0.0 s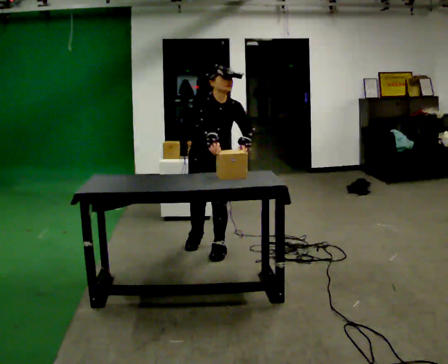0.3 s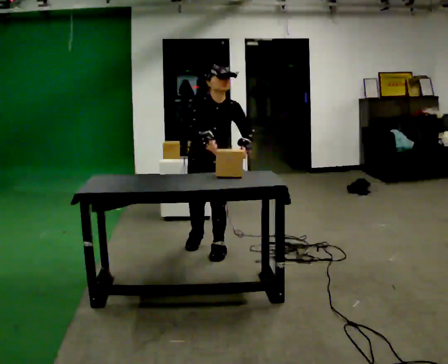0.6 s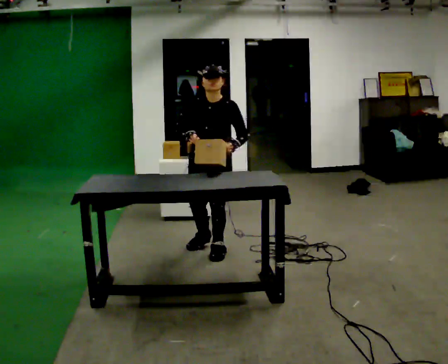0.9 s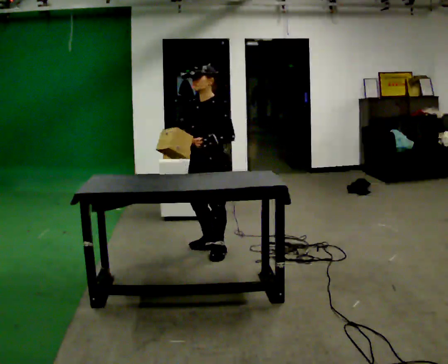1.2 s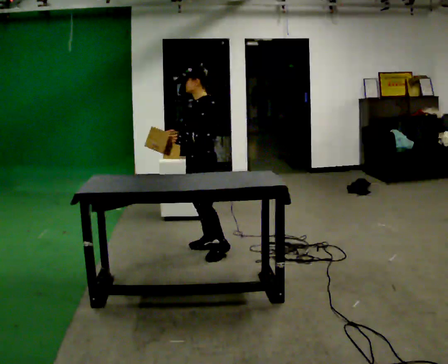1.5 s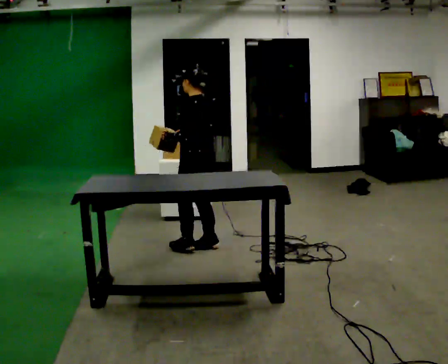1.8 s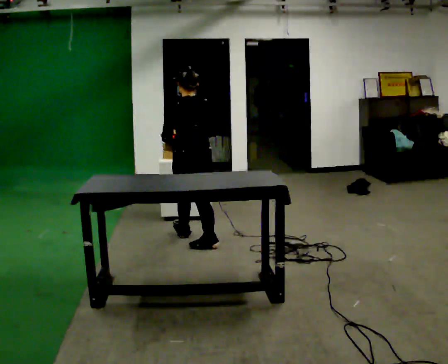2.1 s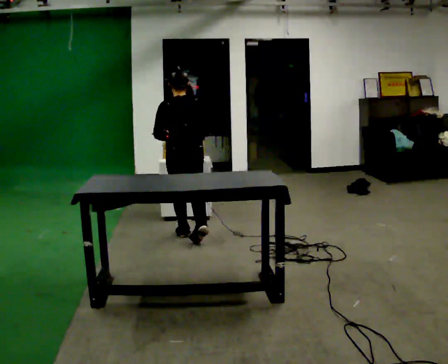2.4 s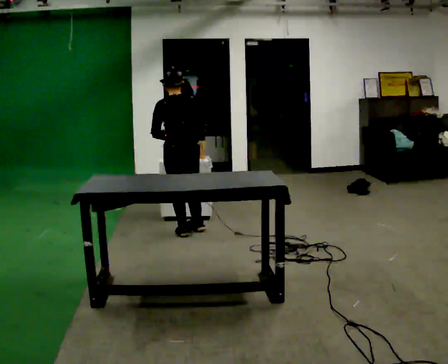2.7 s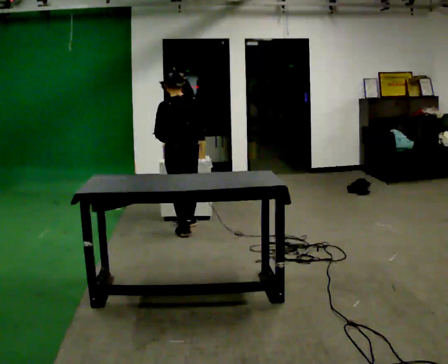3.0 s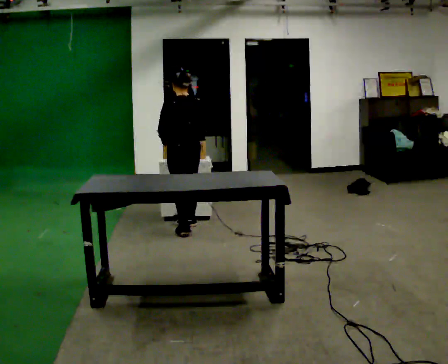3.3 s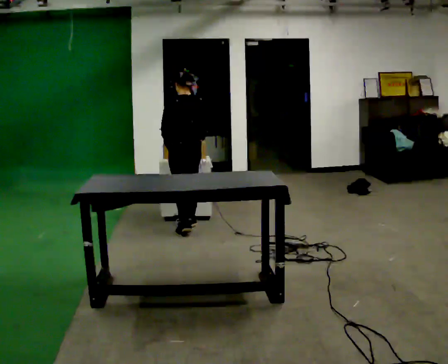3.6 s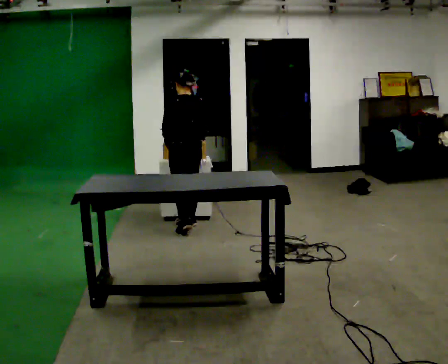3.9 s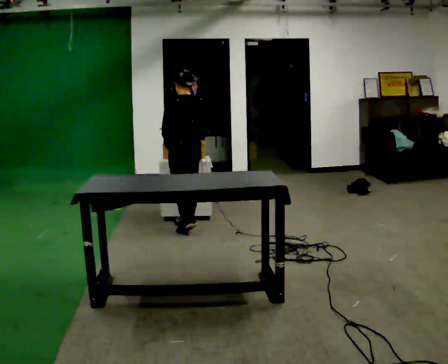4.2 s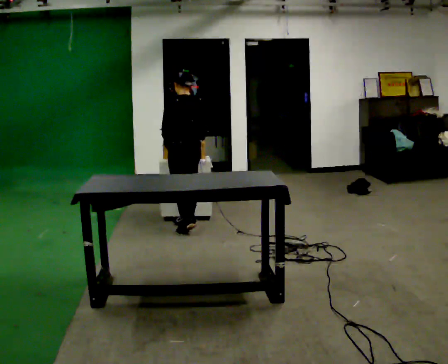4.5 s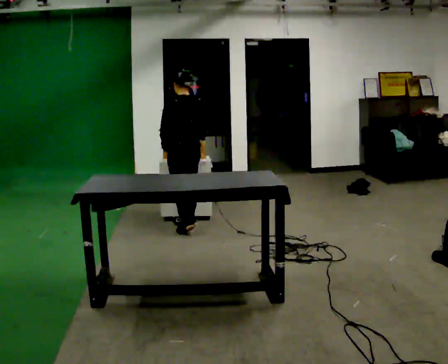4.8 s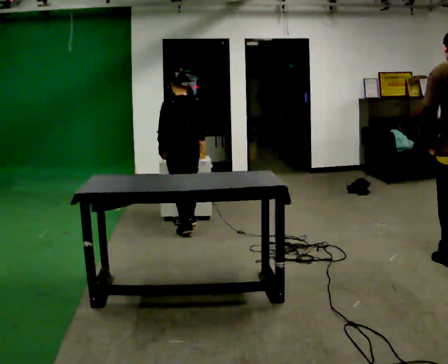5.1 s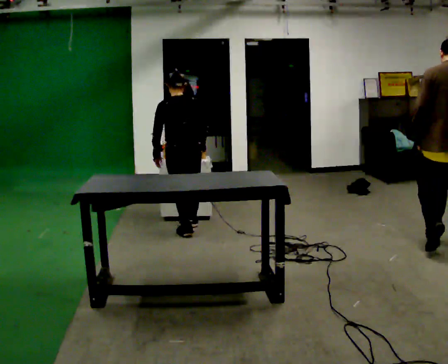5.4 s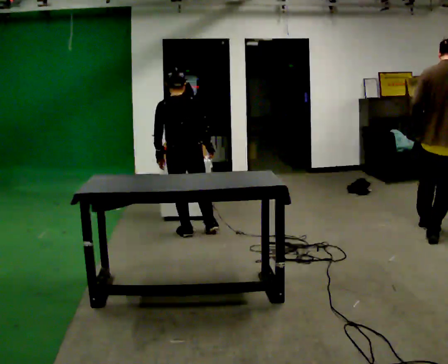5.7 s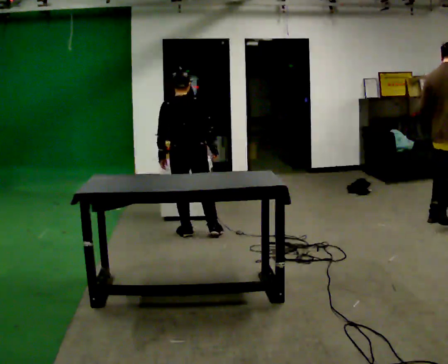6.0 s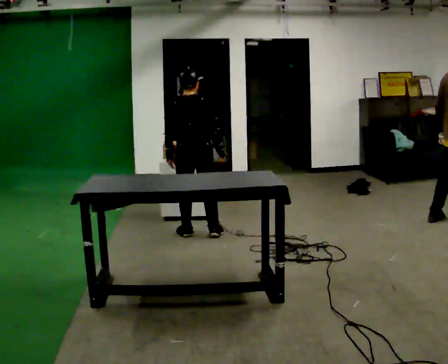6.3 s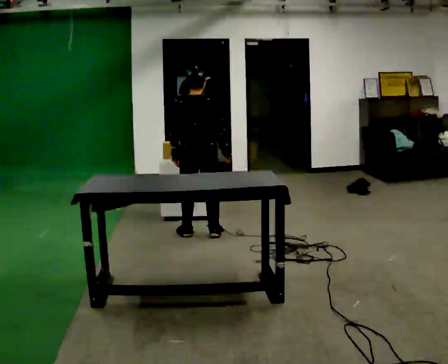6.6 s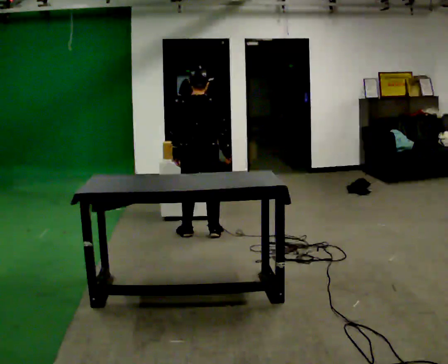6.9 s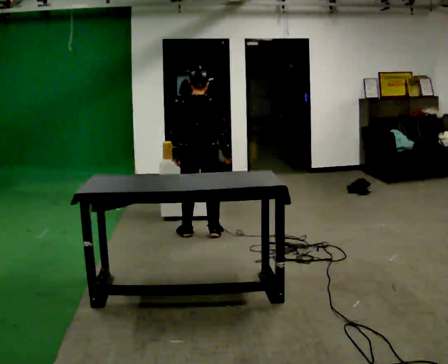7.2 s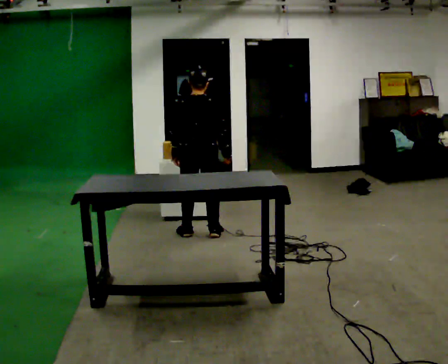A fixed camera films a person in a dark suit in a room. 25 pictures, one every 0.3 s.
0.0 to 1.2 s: The person turns about 105 degrees to their right, clockwise seen from above, so the part of the body nearest the lens slides to the left. In the picture they go away from the camera, about 0.25 m in 1 step.
1.2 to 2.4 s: Seen from above the body turns clockwise, about 75 degrees: to their right, with its near side sliding to the left. In the picture they go away from the camera and to the left, about 0.5 m in 1 step.
2.4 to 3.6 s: In the picture they go away from the camera, about 0.25 m in 1 step, which for them is forward and to their right.
3.6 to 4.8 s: The person moves a little, or ends about where they began.
4.8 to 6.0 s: Seen from above the body turns clockwise, about 30 degrees: to their right, with its near side sliding to the left. In the picture they go toward the camera, about 0.25 m in 1 step, which for them is backward.
6.0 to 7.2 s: The person moves a little, or ends about where they began.
The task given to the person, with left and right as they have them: 1. Move all 12 boxes from the shelf at one end of the room to the shelf at the other end. 2. The cart is not available today, so carry them. 3. Tell the operator when you are finished.
The film runs forward here.
